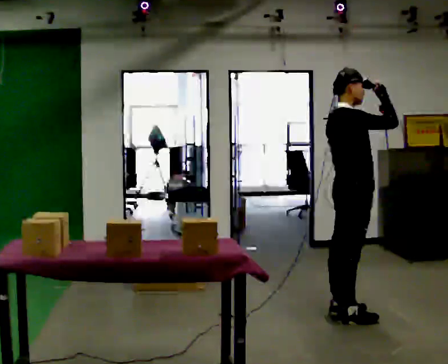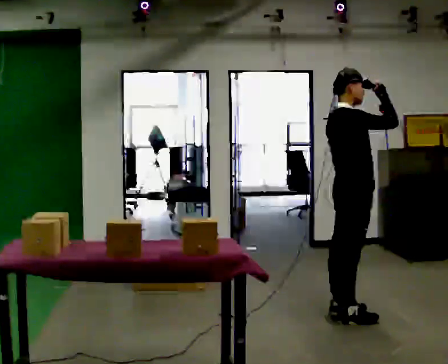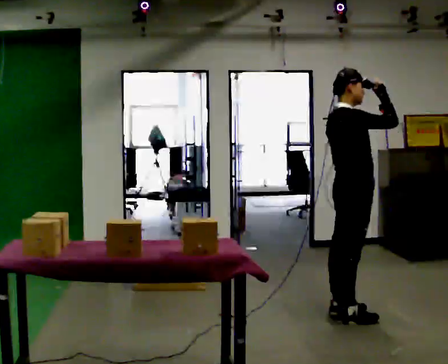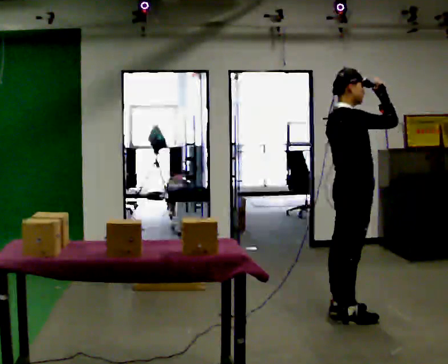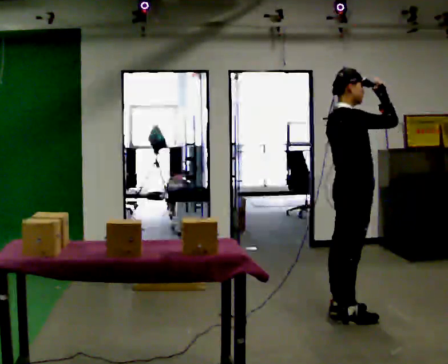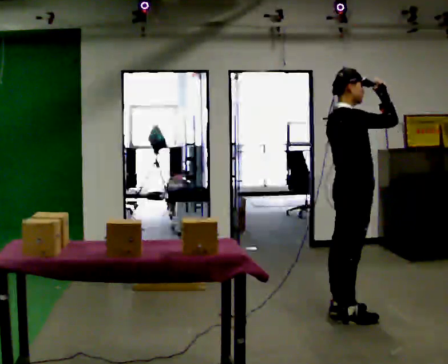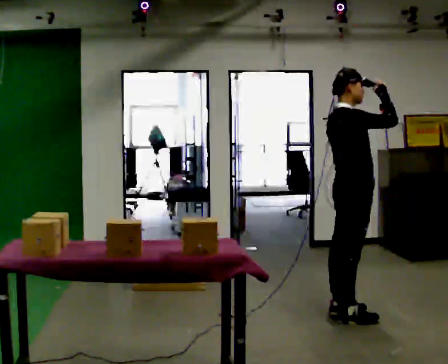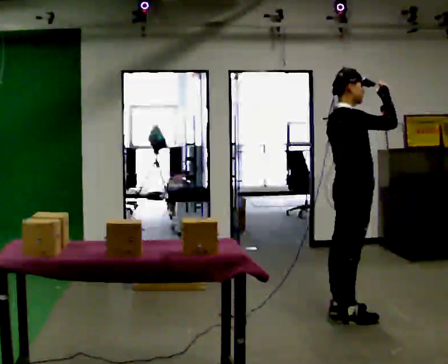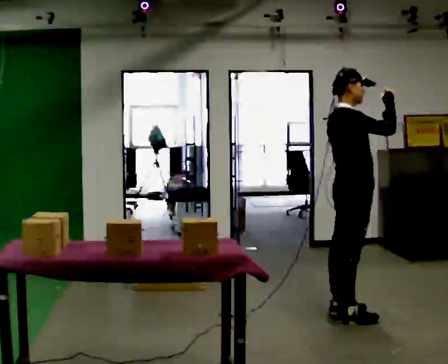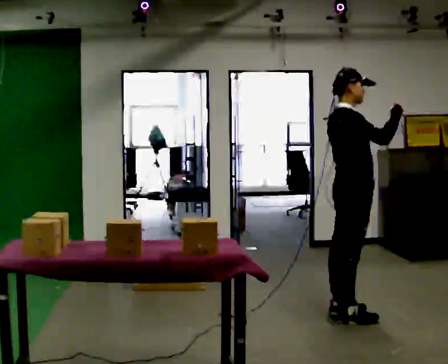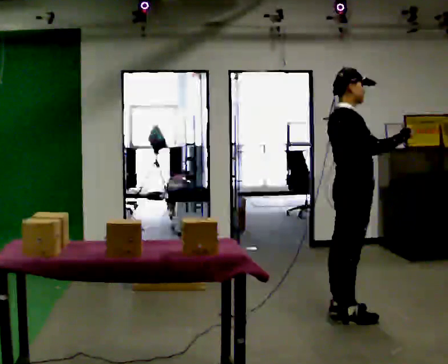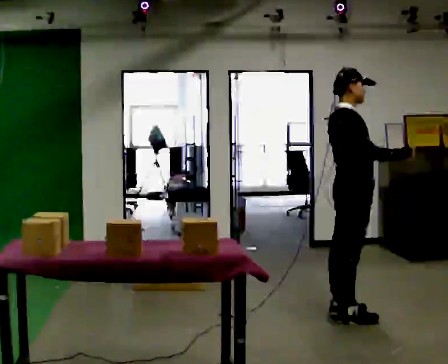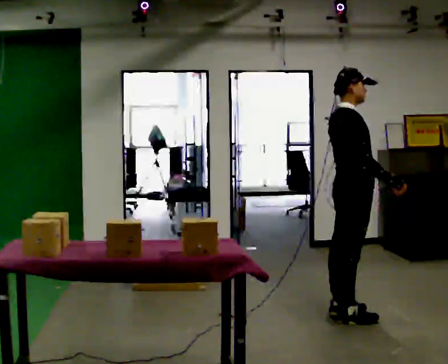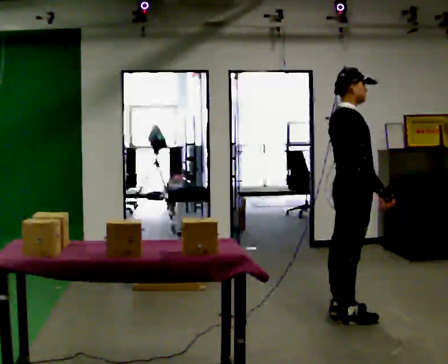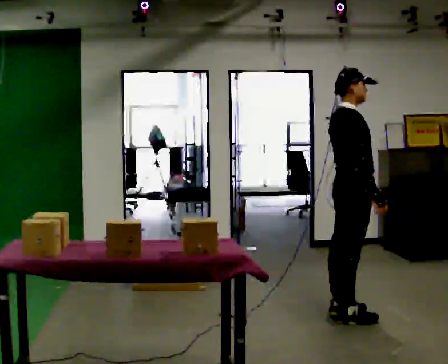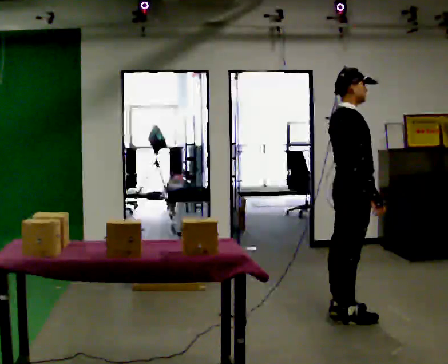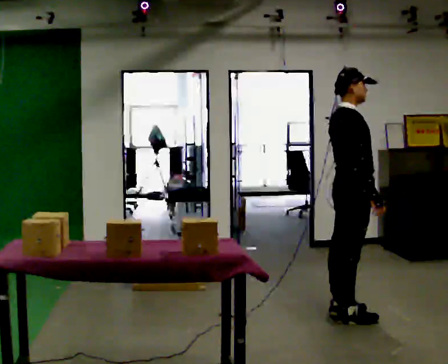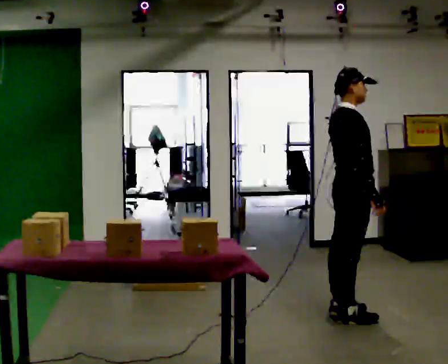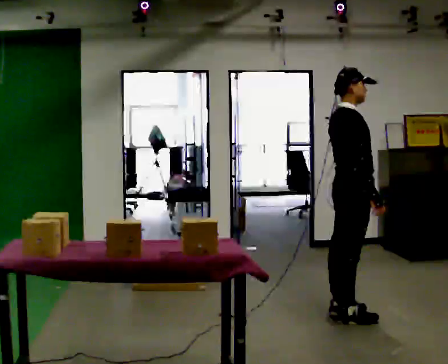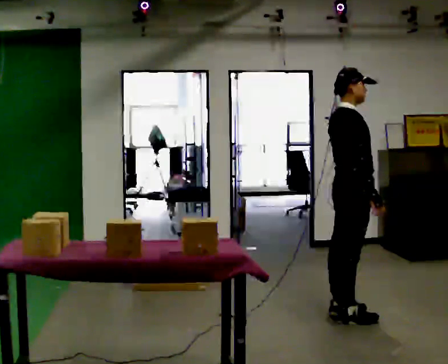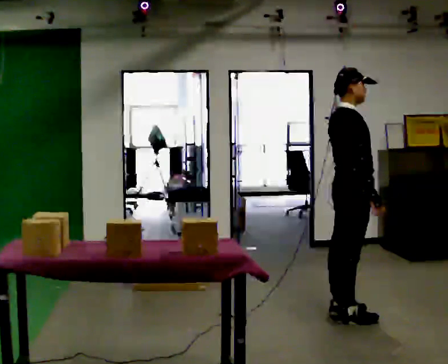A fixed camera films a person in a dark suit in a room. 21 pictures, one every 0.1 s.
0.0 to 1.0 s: The person moves a little, or ends about where they began.
1.0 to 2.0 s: In the picture their right hand goes downward, the arm swinging clockwise.
The film runs backward here.
